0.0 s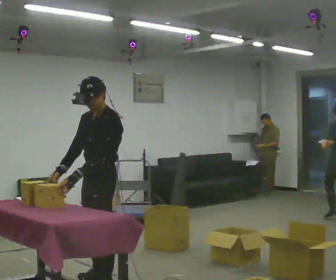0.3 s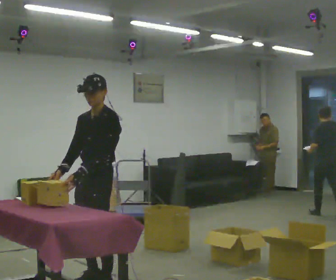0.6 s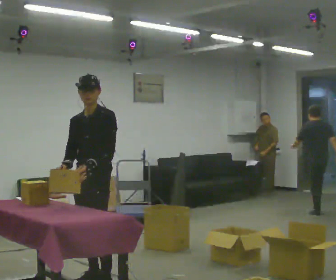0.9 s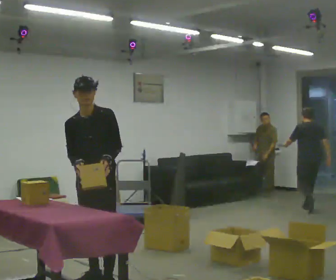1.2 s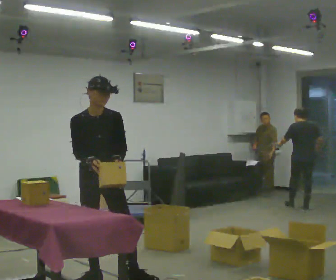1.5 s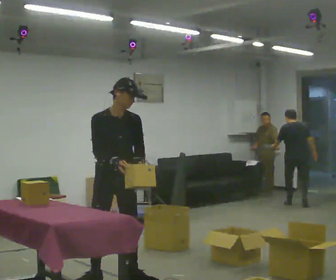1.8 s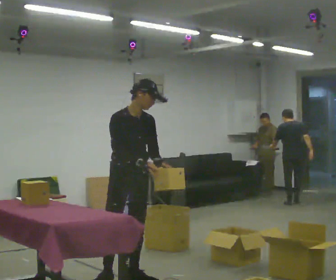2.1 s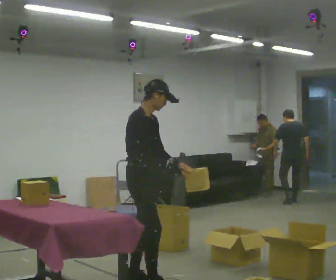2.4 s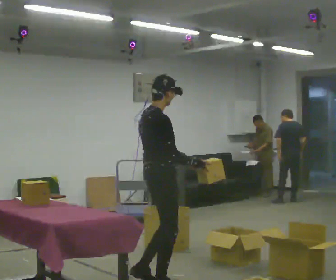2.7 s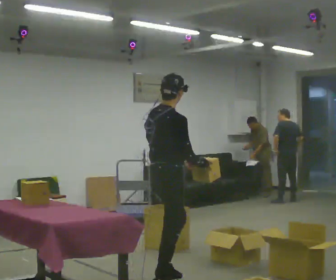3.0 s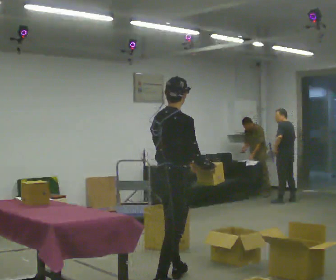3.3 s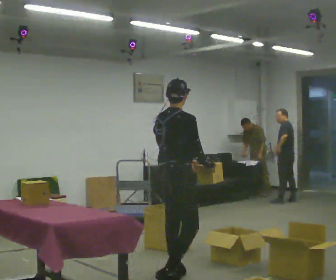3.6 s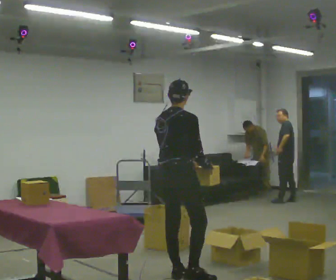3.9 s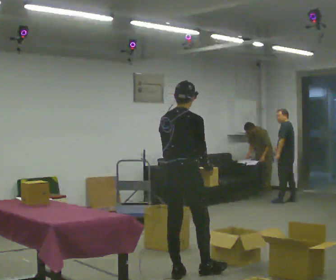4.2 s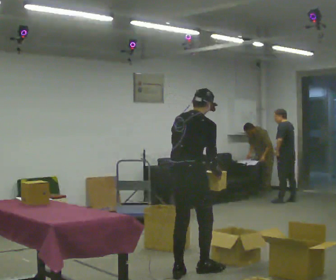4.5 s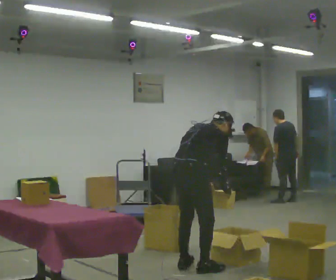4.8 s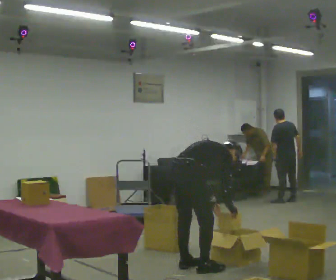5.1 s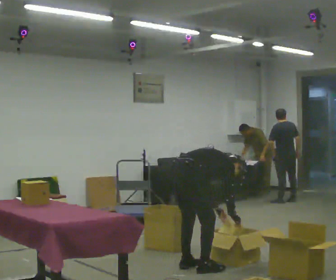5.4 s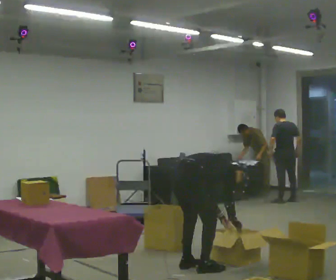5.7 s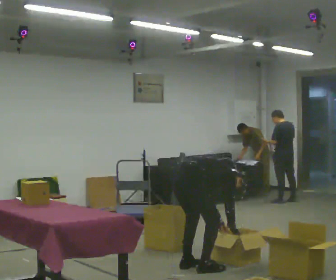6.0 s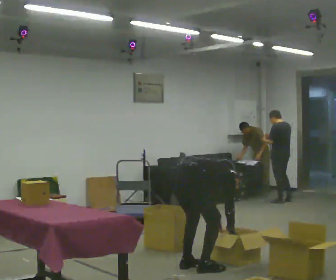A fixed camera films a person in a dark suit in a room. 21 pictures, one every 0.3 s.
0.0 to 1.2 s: Seen from above the body turns counterclockwise, about 75 degrees: to their left, with its near side sliding to the right. In the picture they go away from the camera, about 0.25 m.
1.2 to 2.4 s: The person turns about 105 degrees to their left, counterclockwise seen from above, so the part of the body nearest the lens slides to the right. In the picture they go to the right, about 0.5 m in 2 steps.
2.4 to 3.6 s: The part of the body nearest the lens slides to the right as the person turns to their left by about 30 degrees. In the picture they go away from the camera and to the right, about 0.25 m in 1 step, which for them is forward and to their left.
3.6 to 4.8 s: The upper body goes downward. In the picture the upper body tilts clockwise, shoulders to the right, as they bend forward. In the picture their right hand goes downward.
4.8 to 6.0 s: The shoulders move downward. In the picture the upper body tilts clockwise, shoulders to the right, as they bend forward.
The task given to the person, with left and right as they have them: 1. Read the parts list. 2. Collect each part from the bins around the room. 3. Lay them out on the table in the order on the list. 4. Put them all in the carry case. 5. Tell the operator when you are finished.
The film runs forward here.
